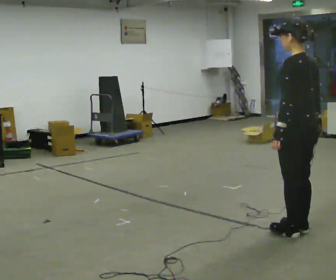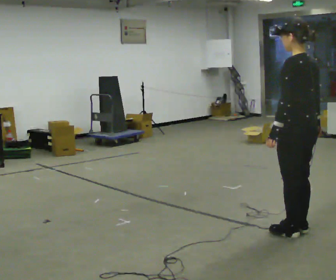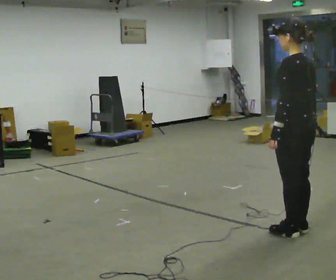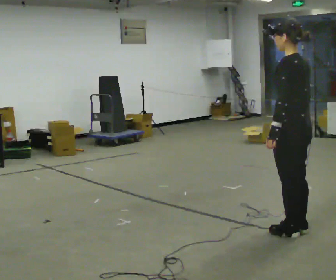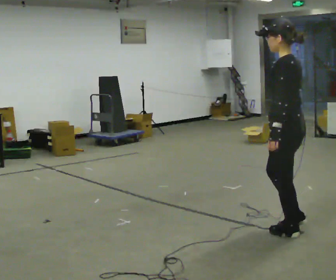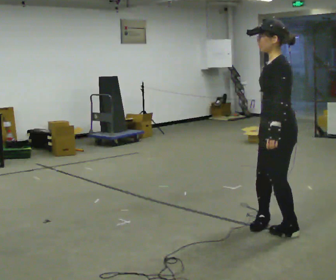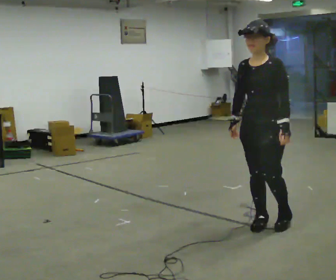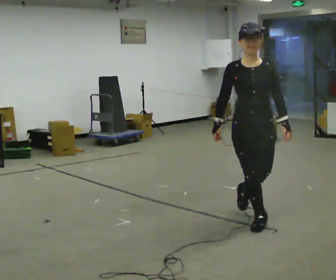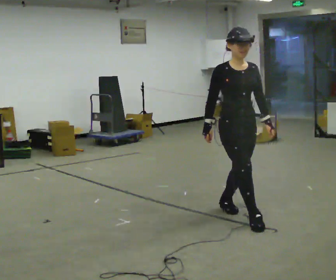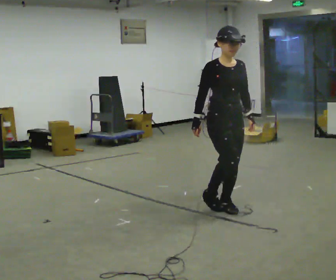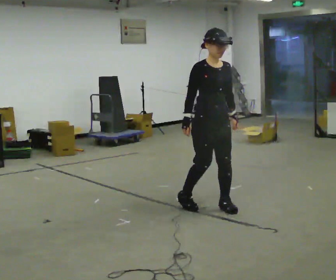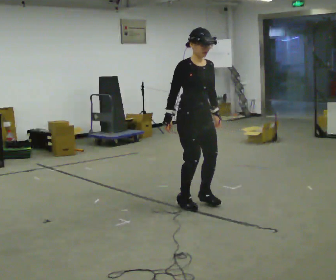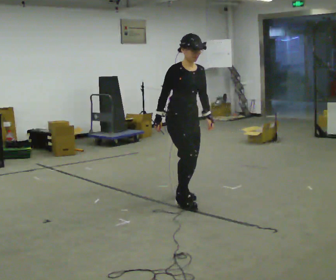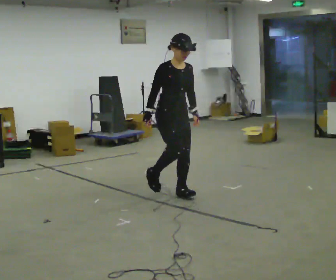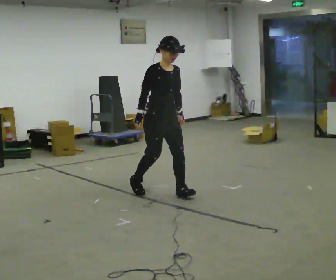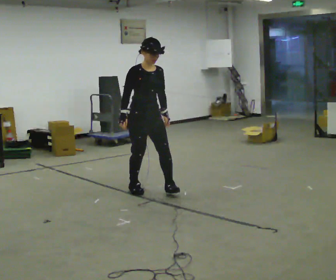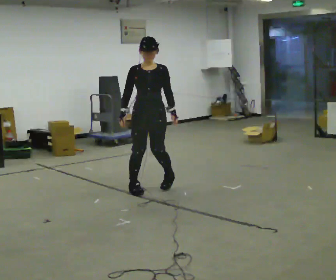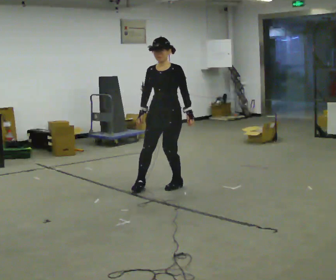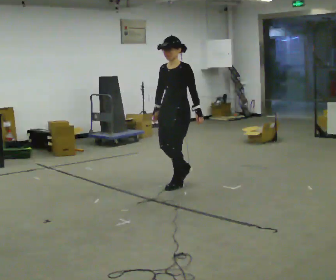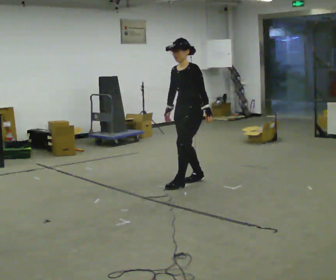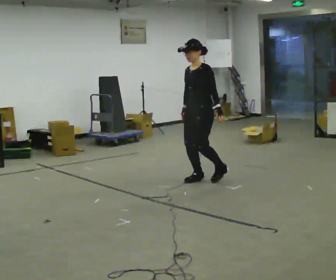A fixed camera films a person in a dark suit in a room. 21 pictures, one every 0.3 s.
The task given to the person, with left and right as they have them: Walk backward several steps, then turn while still moving backward, then continue backward. Operator confirms the space behind you is clear.
0.0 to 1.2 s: The person moves a little, or ends about where they began.
1.2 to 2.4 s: Seen from above the body turns counterclockwise, about 150 degrees: to their left, with its near side sliding to the right. In the picture they go away from the camera and to the left, about 0.5 m in 2 steps.
2.4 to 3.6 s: In the picture they go away from the camera and to the left, about 0.5 m in 2 steps, which for them is backward.
3.6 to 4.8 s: The person turns about 30 degrees to their right, clockwise seen from above, so the part of the body nearest the lens slides to the left. In the picture they go away from the camera and to the left, about 0.5 m in 1 step, which for them is backward.
4.8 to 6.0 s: The part of the body nearest the lens slides to the left as the person turns to their right by about 60 degrees. In the picture they go to the right and away from the camera, about 0.75 m in 2 steps, which for them is backward.
The film runs forward here.
